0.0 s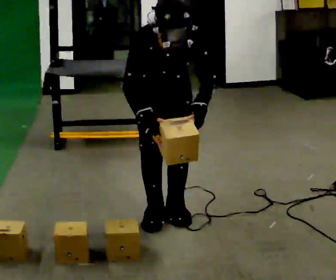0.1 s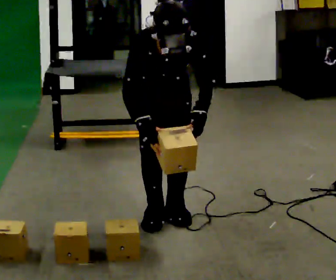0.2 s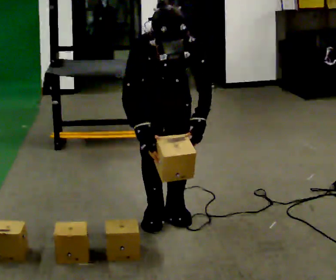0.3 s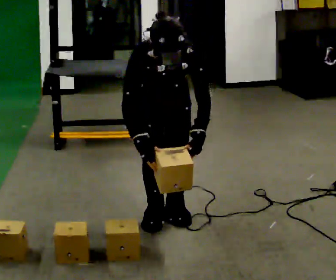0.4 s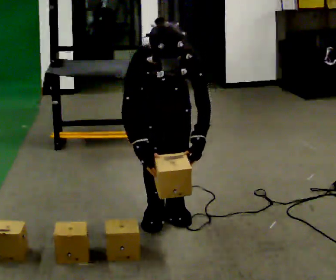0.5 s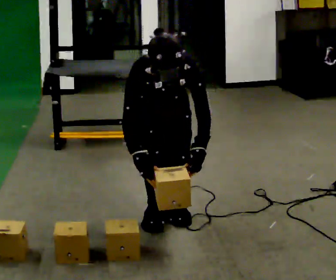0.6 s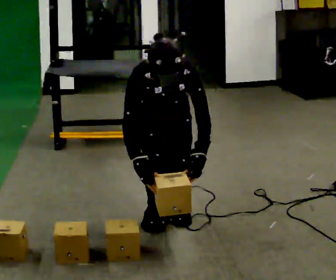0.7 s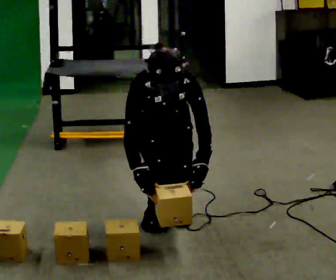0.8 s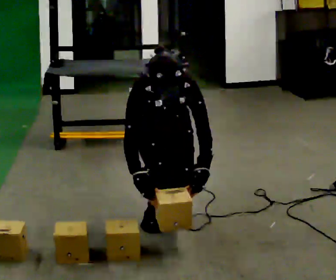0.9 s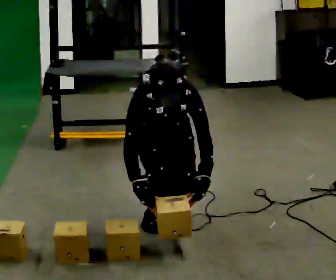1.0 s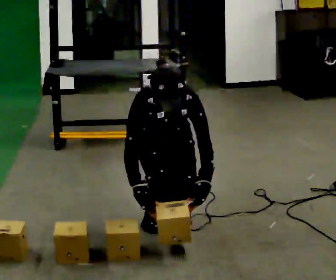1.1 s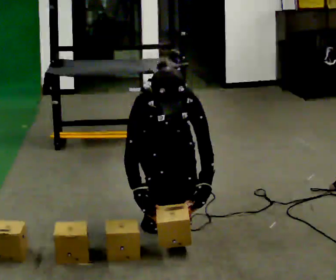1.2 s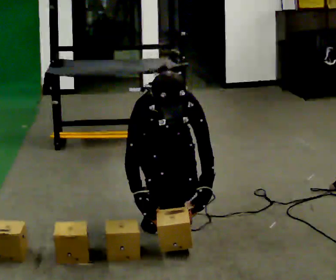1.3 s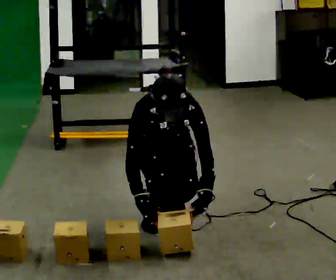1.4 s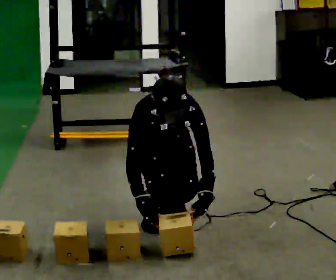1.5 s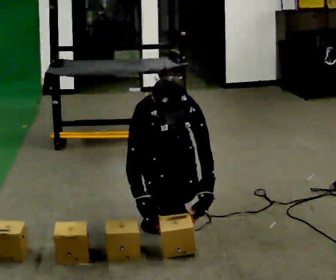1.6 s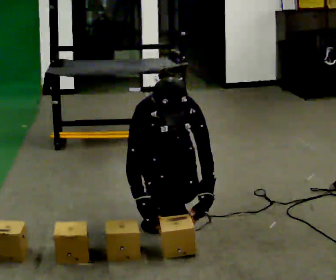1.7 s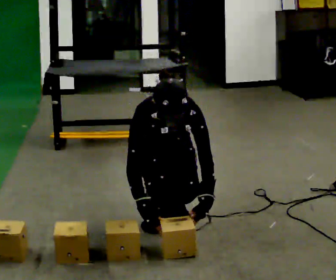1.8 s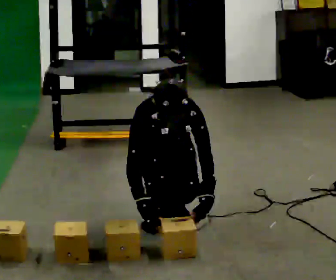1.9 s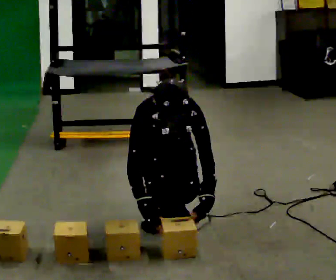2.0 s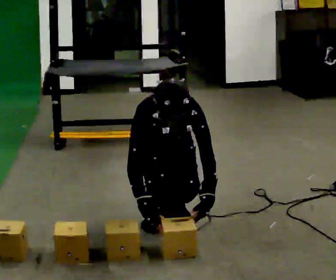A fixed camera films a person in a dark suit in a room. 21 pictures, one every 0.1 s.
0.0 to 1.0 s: The upper body goes downward. In the picture their left hand goes downward.
1.0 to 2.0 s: The person moves a little, or ends about where they began.
The film runs forward here.
